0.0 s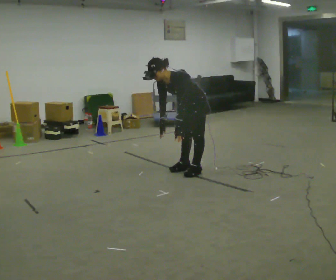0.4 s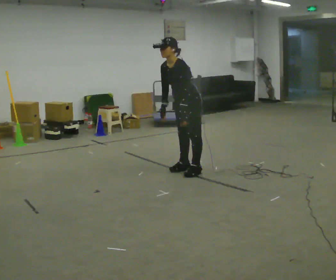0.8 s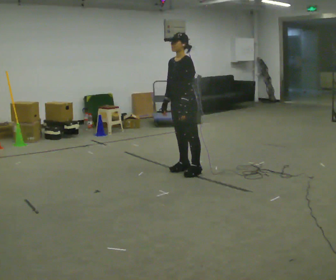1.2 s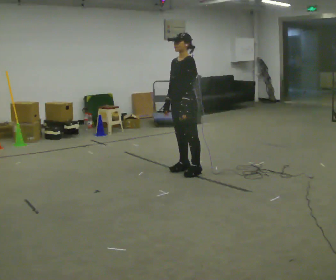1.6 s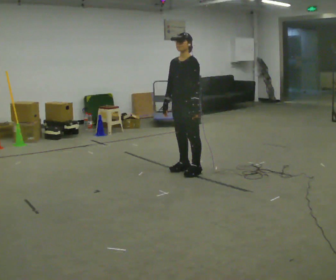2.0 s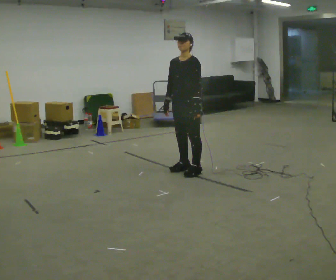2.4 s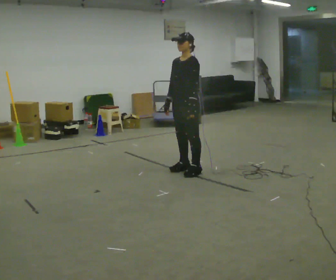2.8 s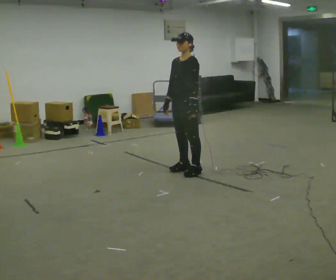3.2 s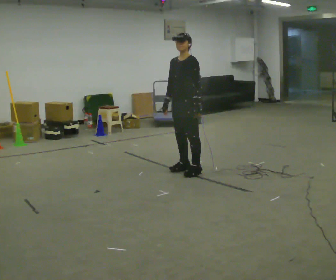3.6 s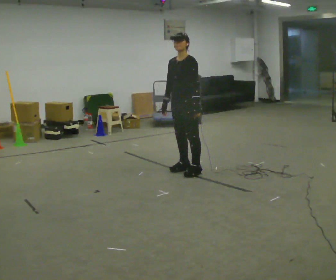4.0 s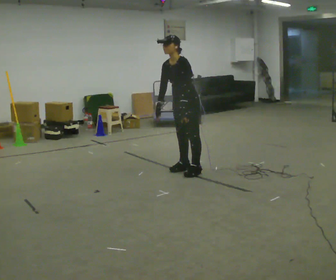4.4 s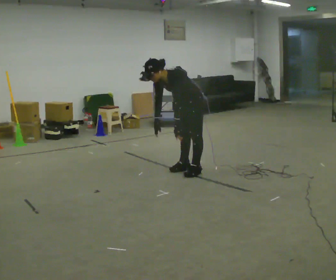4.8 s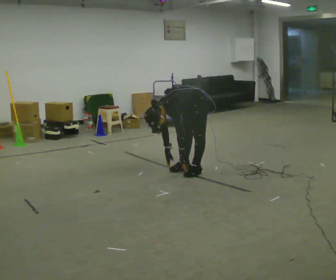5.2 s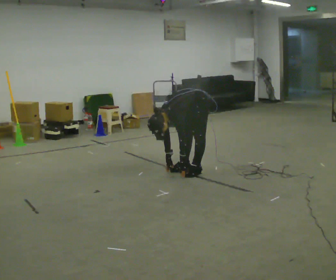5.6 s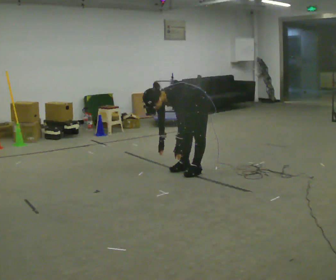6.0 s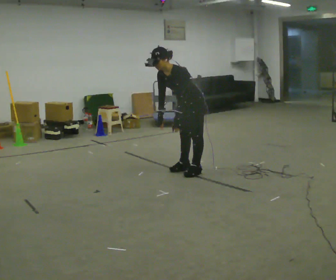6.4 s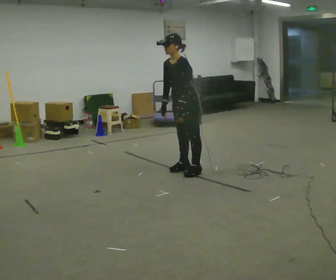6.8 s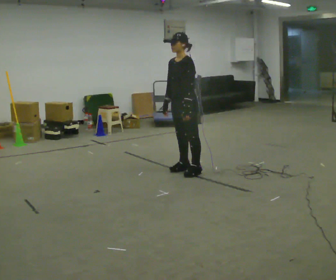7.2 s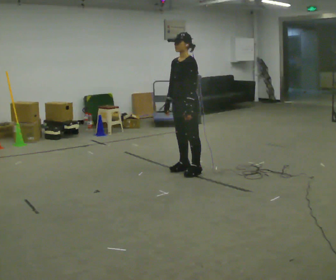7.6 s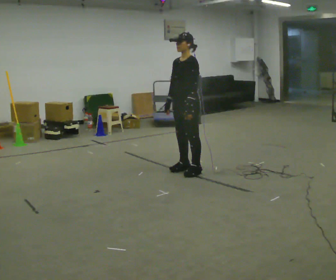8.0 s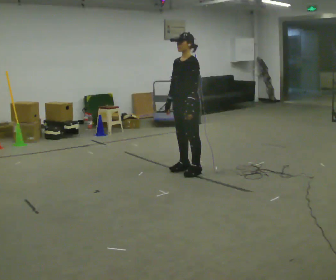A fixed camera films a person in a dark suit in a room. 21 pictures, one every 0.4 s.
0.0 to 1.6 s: The shoulders move upward. In the picture the upper body tilts clockwise, shoulders to the right, as they lean back or straighten.
1.6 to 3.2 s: The person moves a little, or ends about where they began.
3.2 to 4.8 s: The shoulders move downward. In the picture the upper body tilts counterclockwise, shoulders to the left, as they bend forward. In the picture their right hand goes downward.
4.8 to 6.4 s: The upper body goes upward. In the picture the upper body tilts clockwise, shoulders to the right, as they lean back or straighten. In the picture their left hand goes upward.
6.4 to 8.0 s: In the picture the upper body tilts clockwise, shoulders to the right, as they lean back or straighten.
The film runs backward here.
